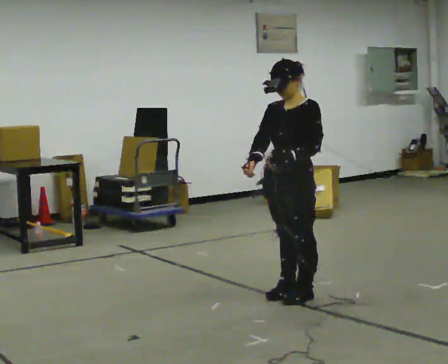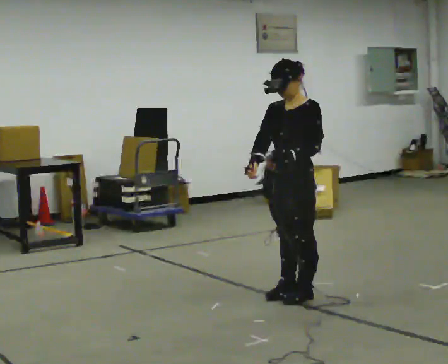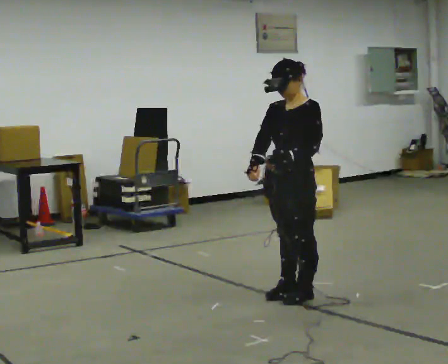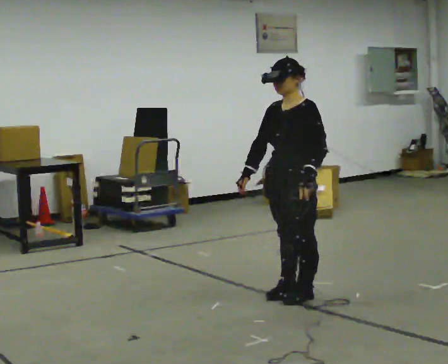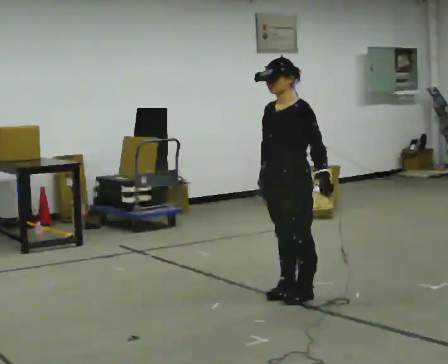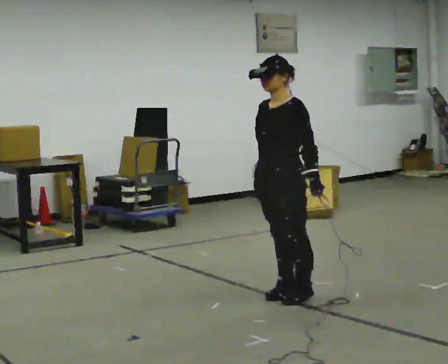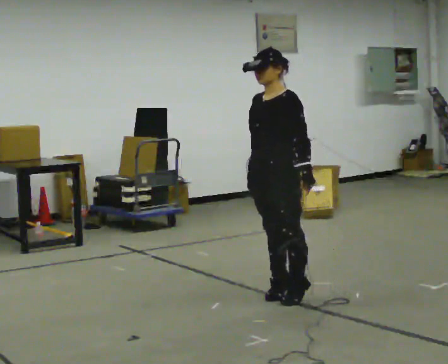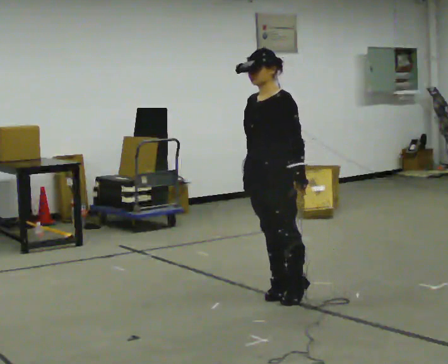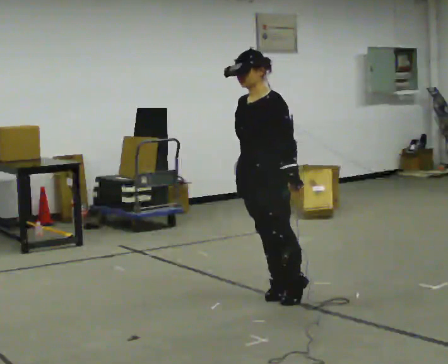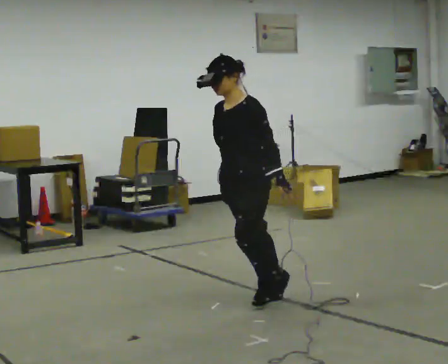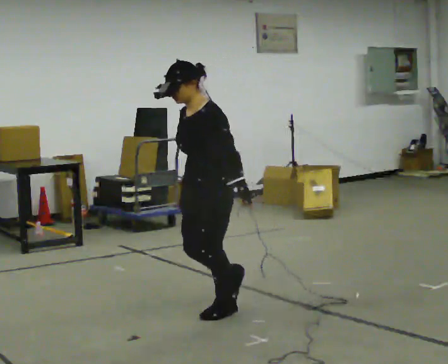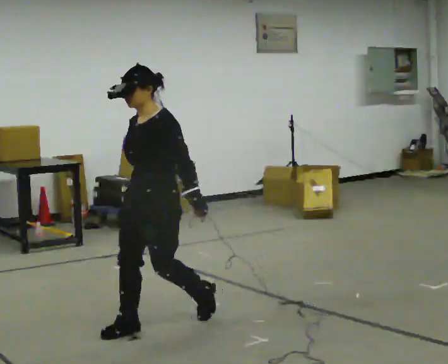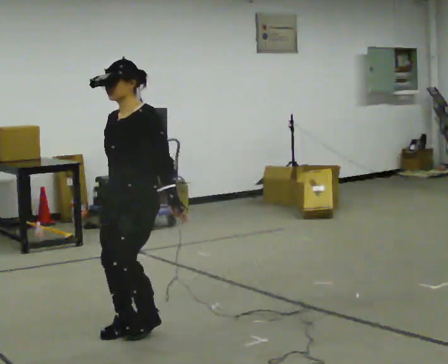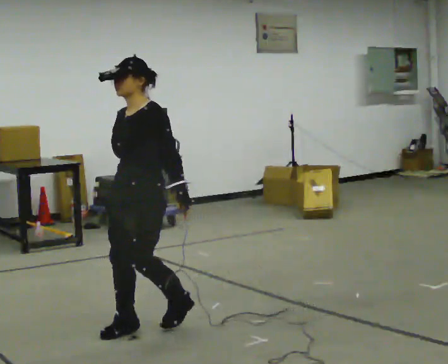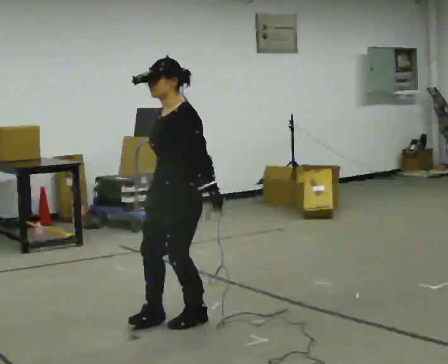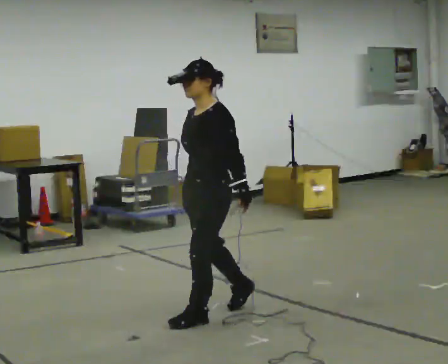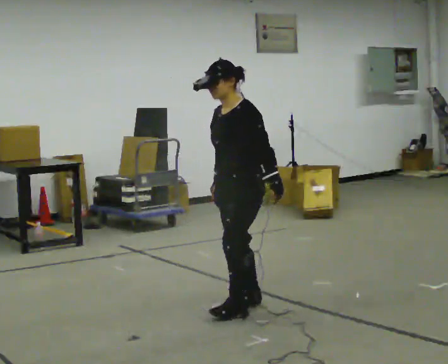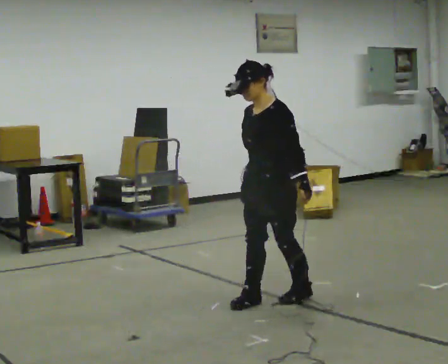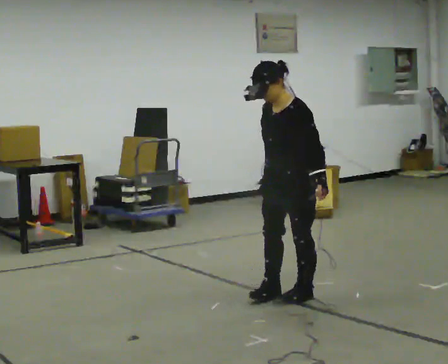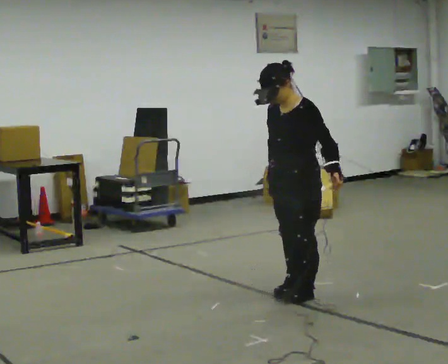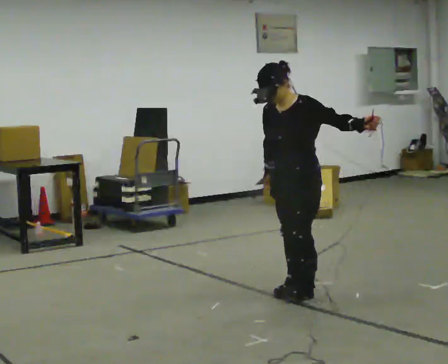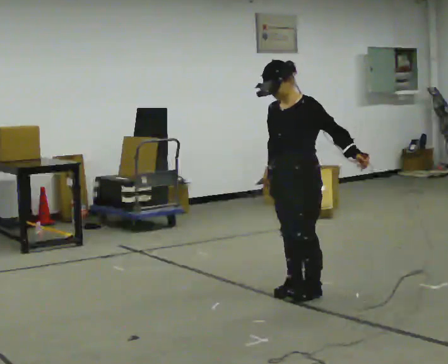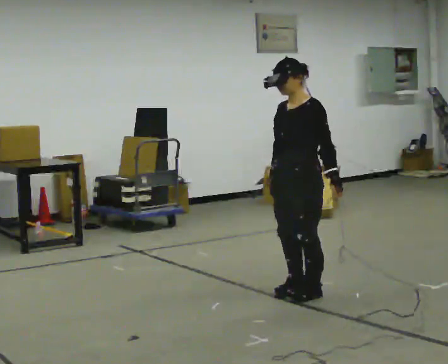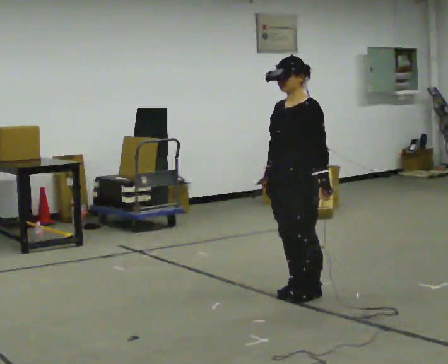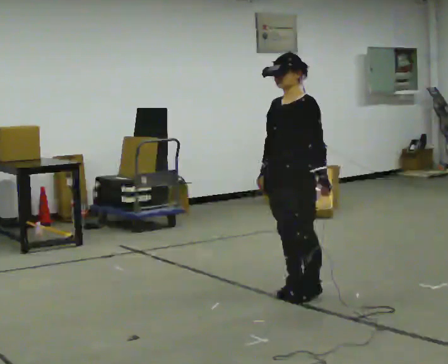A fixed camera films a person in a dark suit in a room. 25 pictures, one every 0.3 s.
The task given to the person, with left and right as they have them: Stand on the marked spots and rise up onto your toes. Stay up until you start to topple forward, then step to catch yourself. Repeat at your own pace until the operator says stop. Go slowly and only as far as you are comfortable. Step whenever you need to; do not try to hold on longer than feels safe.
0.0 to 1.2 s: The person moves a little, or ends about where they began.
1.2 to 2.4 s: In the picture they go to the left, about 0.25 m, which for them is forward.
2.4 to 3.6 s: In the picture they go to the left and toward the camera, about 1 m in 2 steps, which for them is forward.
3.6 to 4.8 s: In the picture they go to the right and away from the camera, about 0.5 m in 2 steps, which for them is backward.
4.8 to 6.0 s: In the picture they go to the right and away from the camera, about 0.5 m in 2 steps, which for them is backward. In the picture their left hand goes upward, the arm swinging counterclockwise.
6.0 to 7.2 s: In the picture their left hand goes downward, the arm swinging clockwise.
The film runs forward here.
